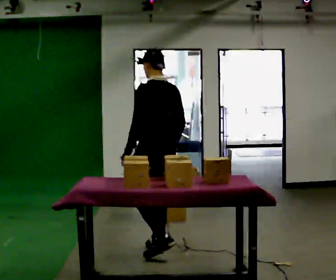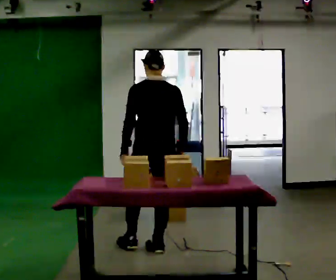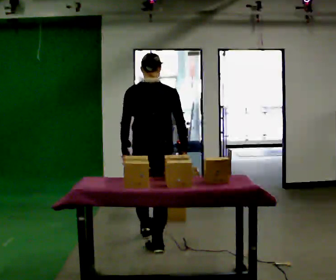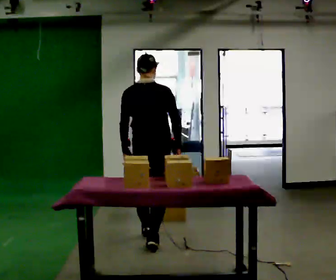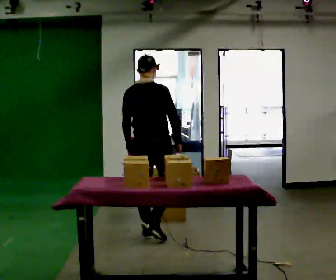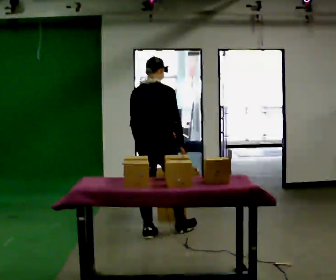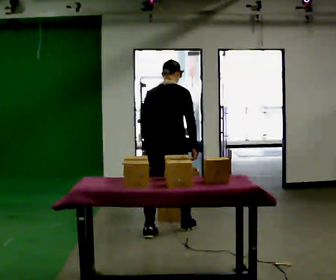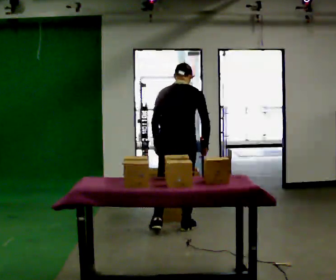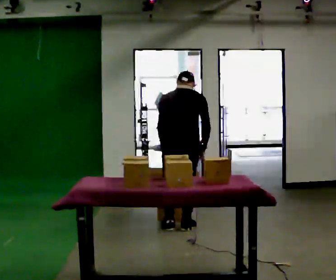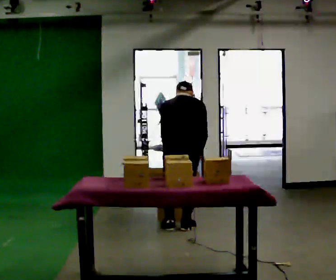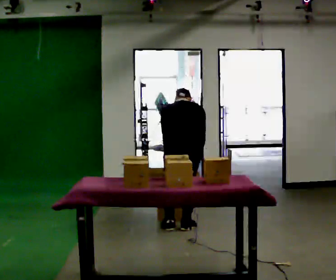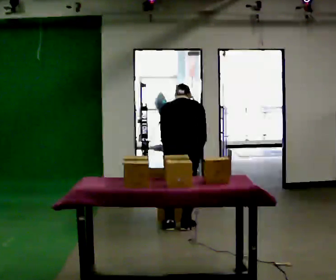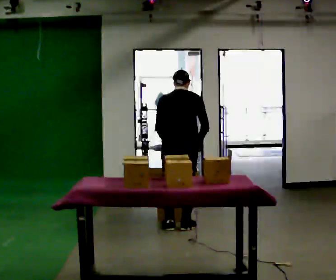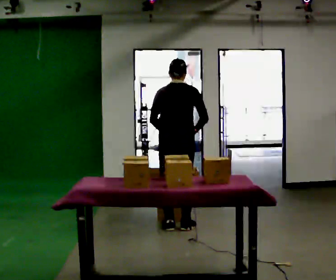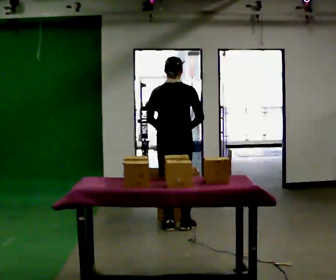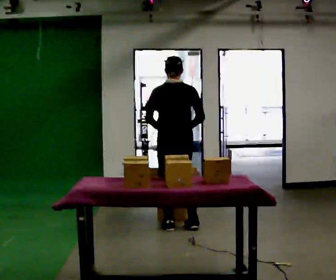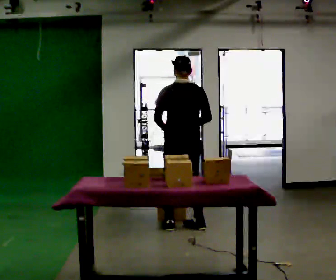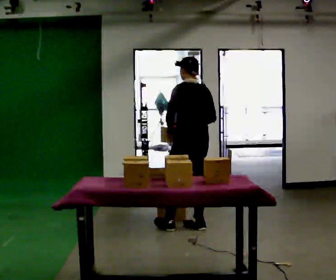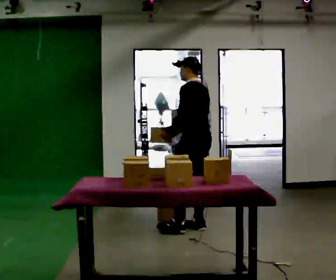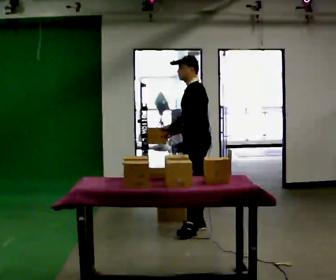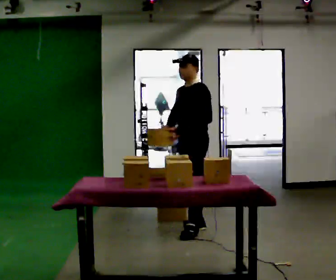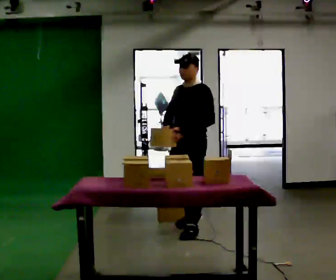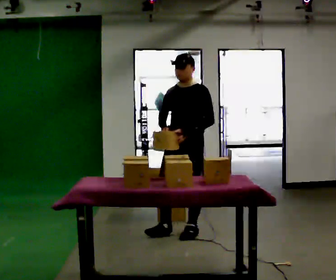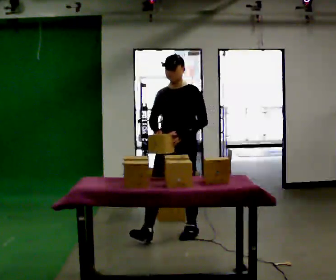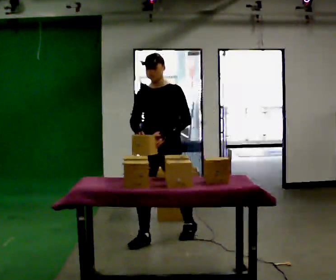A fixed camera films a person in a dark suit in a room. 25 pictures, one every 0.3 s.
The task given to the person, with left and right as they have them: Take the objects from the bin one at a time and put one in each of the places the operator points out. Keep going until the operator says stop; one object at a time, and do not rush between trips.
0.0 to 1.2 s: The person turns about 75 degrees to their right, clockwise seen from above, so the part of the body nearest the lens slides to the left. In the picture they go away from the camera, about 0.5 m in 1 step.
1.2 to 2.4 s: In the picture they go to the right and away from the camera, about 0.25 m in 2 steps, which for them is forward and to their right. The upper body tips away from the camera, its near side rolling upward, as they bend forward.
2.4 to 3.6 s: The person moves a little, or ends about where they began.
3.6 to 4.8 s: The upper body tips toward the camera, its near side rolling downward, as they lean back or straighten.
4.8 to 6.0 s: The person turns about 90 degrees to their left, counterclockwise seen from above, so the part of the body nearest the lens slides to the right.
6.0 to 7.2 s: The person turns about 45 degrees to their left, counterclockwise seen from above, so the part of the body nearest the lens slides to the right. In the picture they go toward the camera and to the left, about 0.5 m in 1 step, which for them is forward.
The film runs forward here.
